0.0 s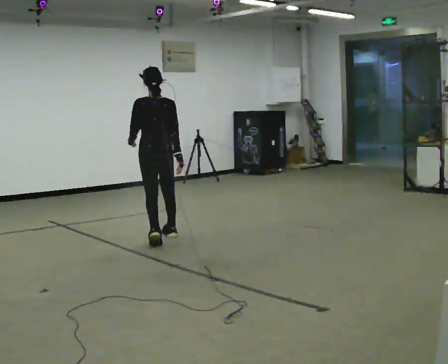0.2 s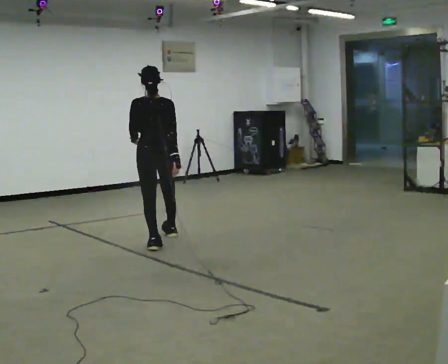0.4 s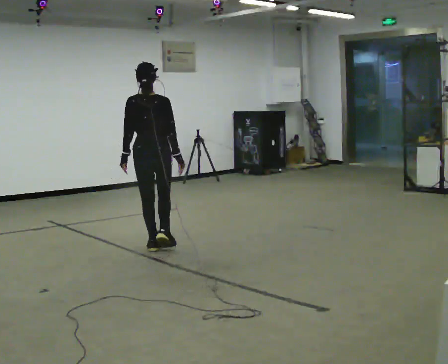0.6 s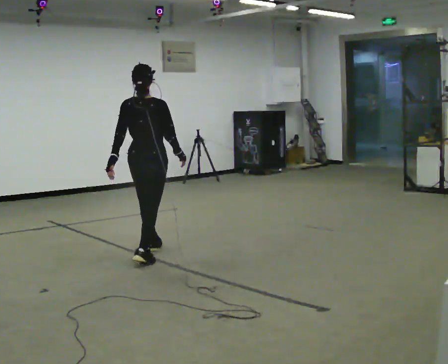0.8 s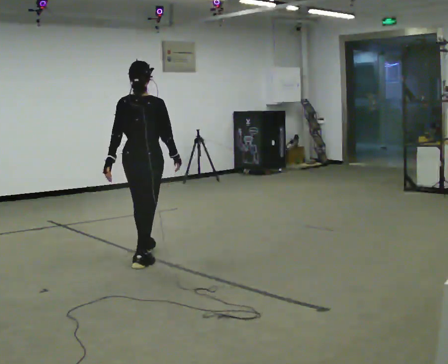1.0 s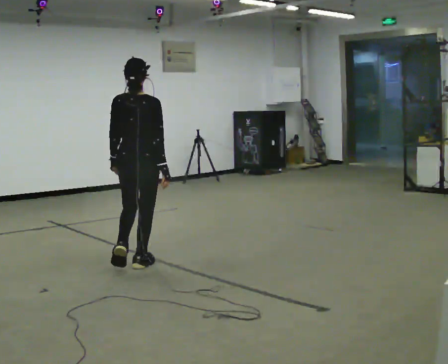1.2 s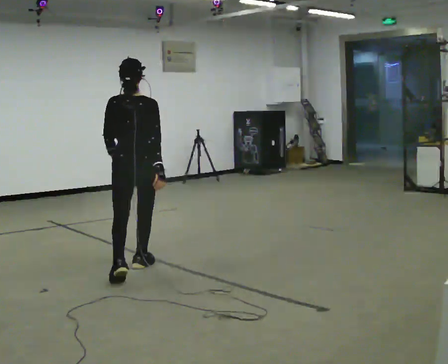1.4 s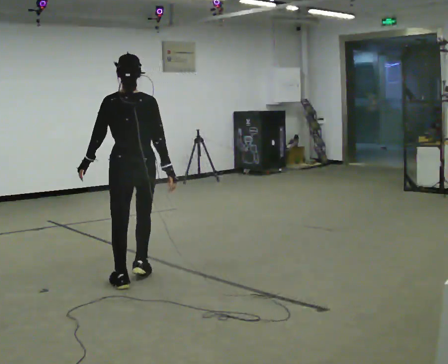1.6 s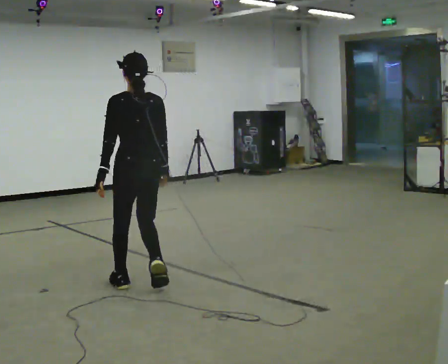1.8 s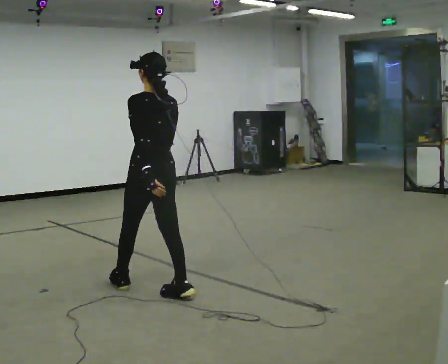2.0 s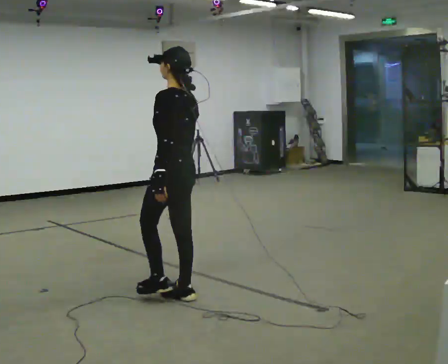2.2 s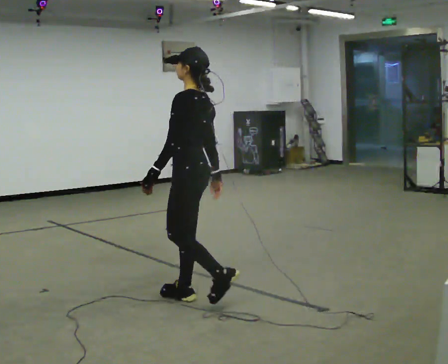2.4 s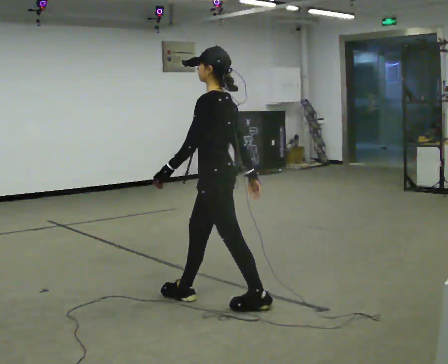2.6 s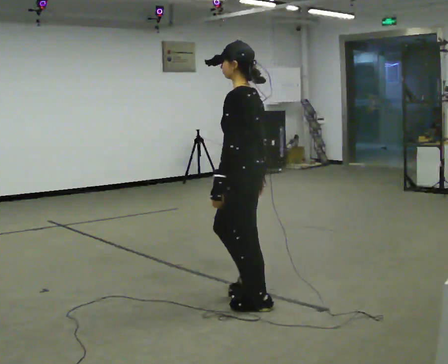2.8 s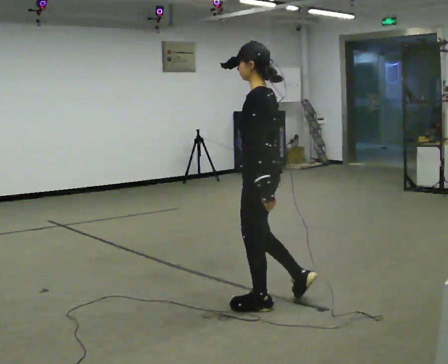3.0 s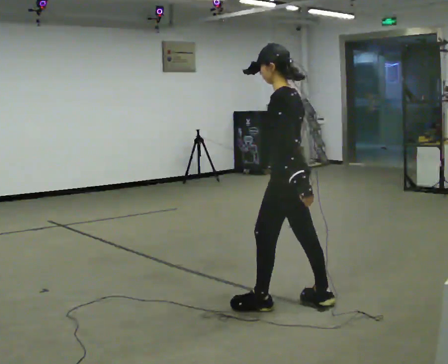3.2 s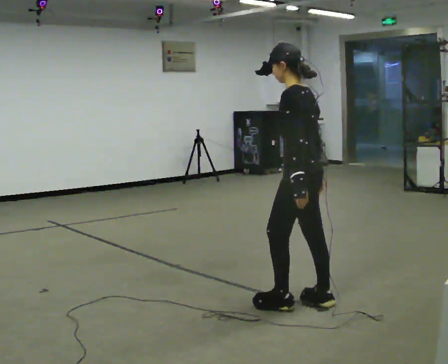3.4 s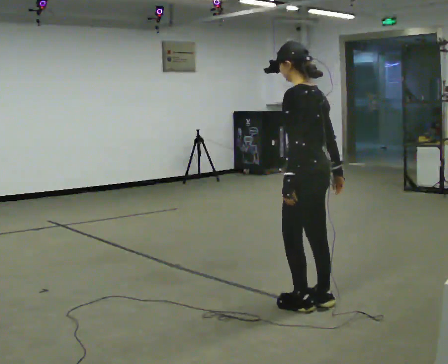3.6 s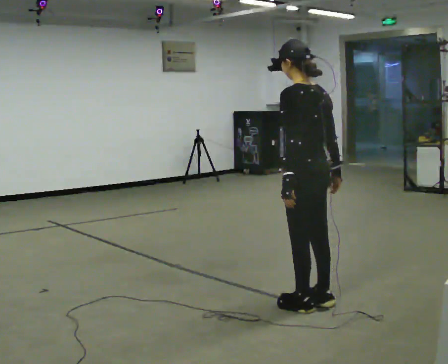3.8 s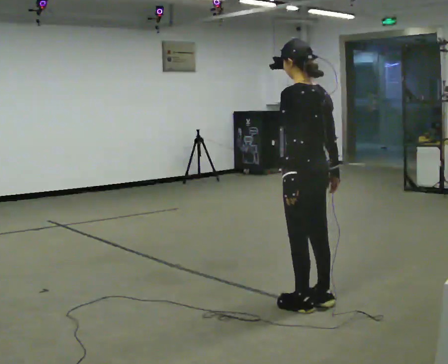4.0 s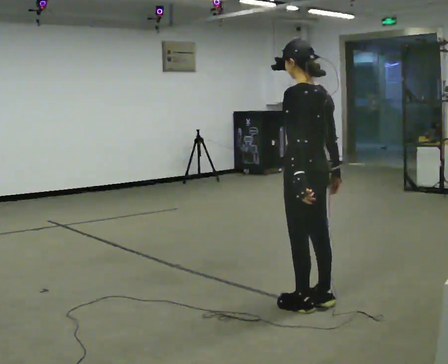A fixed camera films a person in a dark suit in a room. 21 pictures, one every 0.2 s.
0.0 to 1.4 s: In the picture they go toward the camera, about 1.5 m in 3 steps, which for them is backward.
1.4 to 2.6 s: The part of the body nearest the lens slides to the right as the person turns to their left by about 75 degrees. In the picture they go to the right and toward the camera, about 1 m in 2 steps.
2.6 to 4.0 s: The person turns about 30 degrees to their right, clockwise seen from above, so the part of the body nearest the lens slides to the left. In the picture they go to the right, about 0.5 m in 1 step, which for them is backward and to their right.
The film runs backward here.
